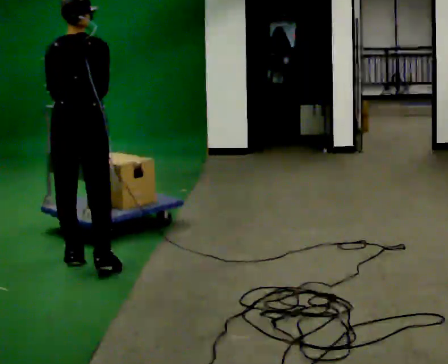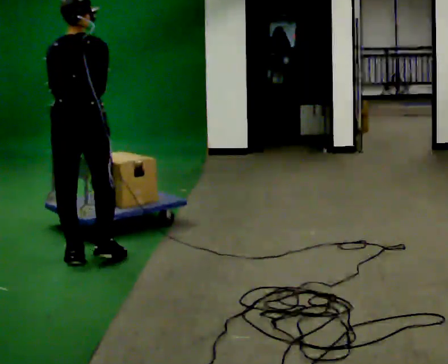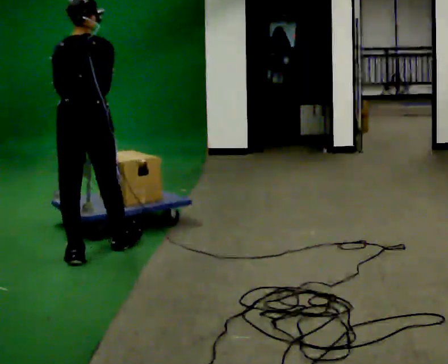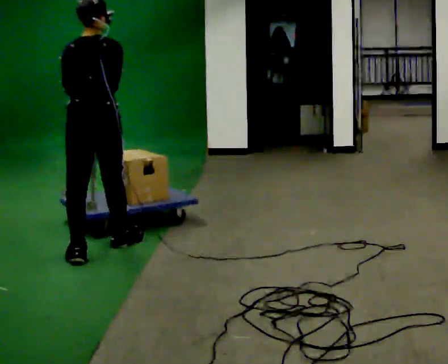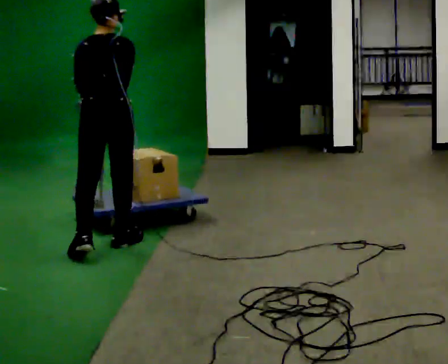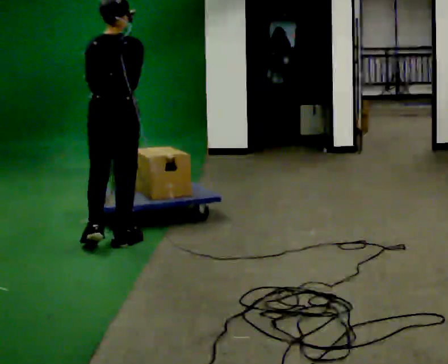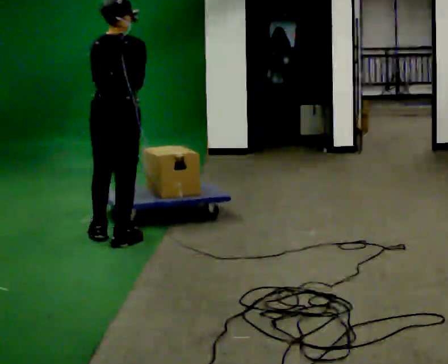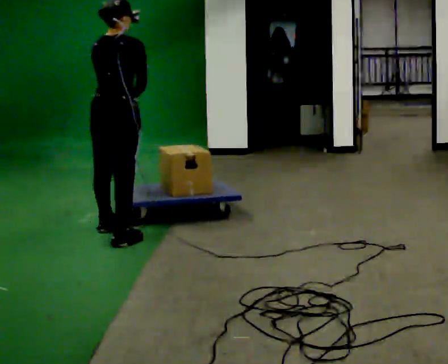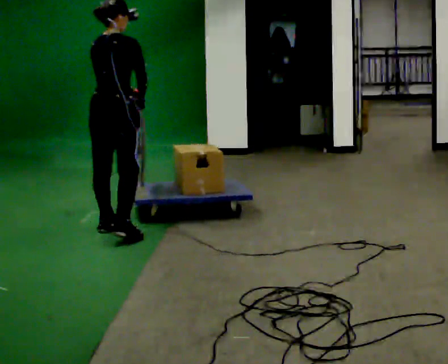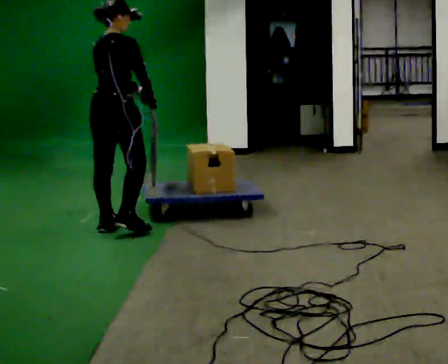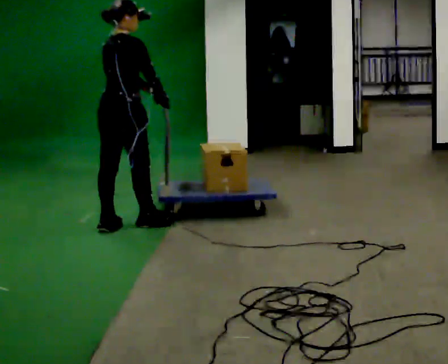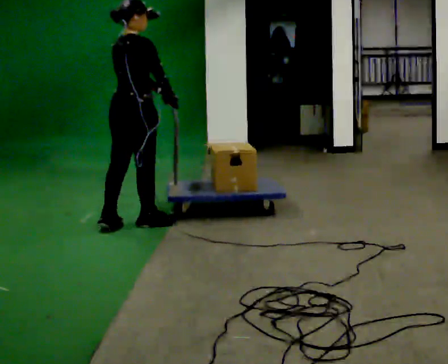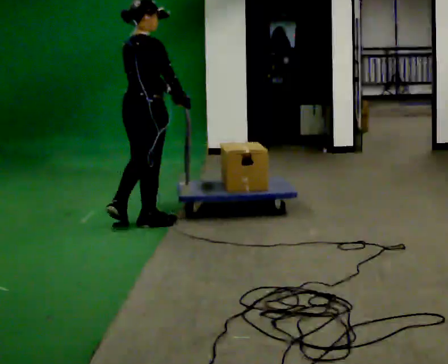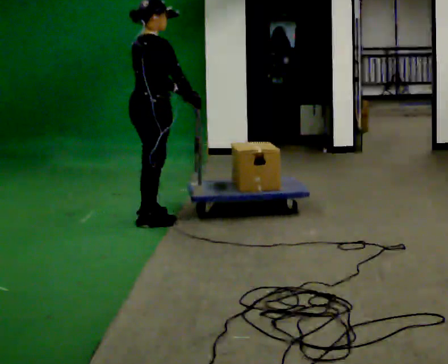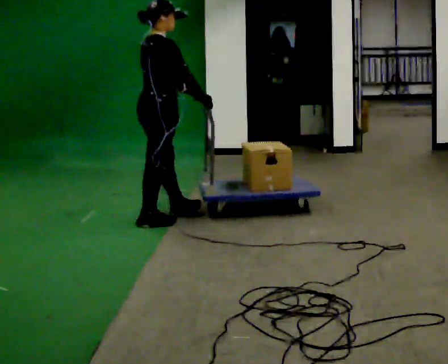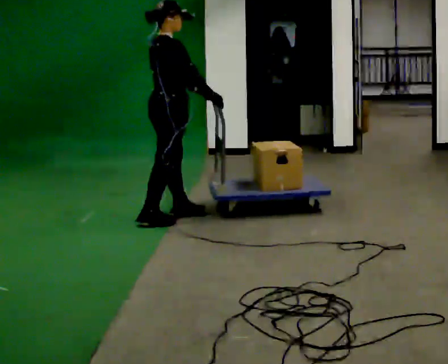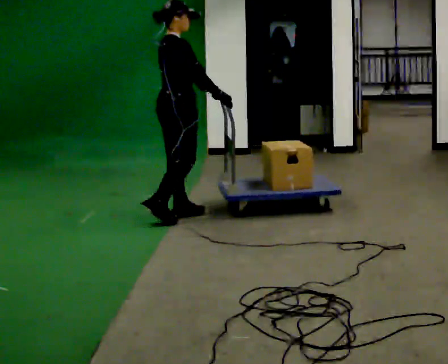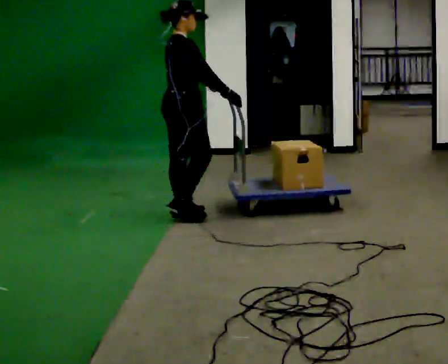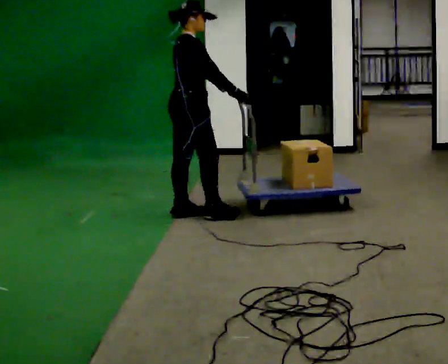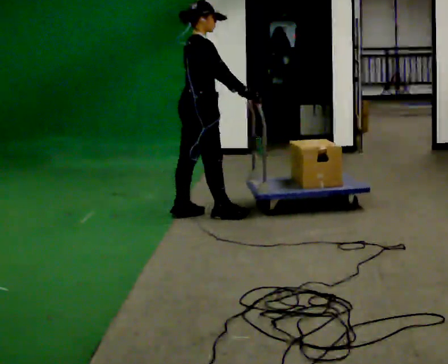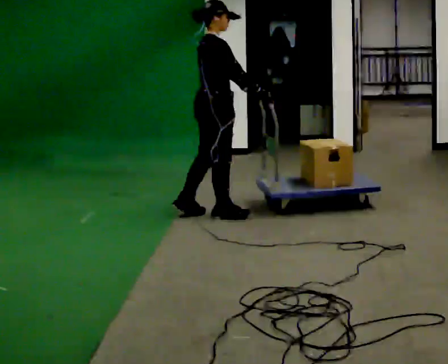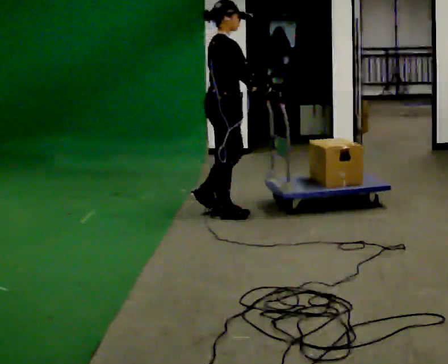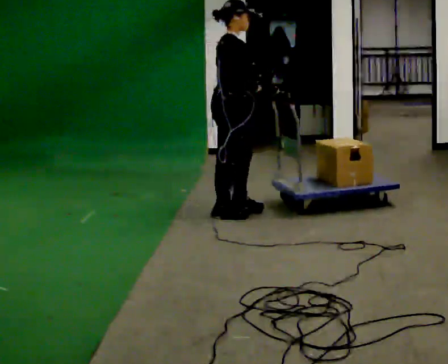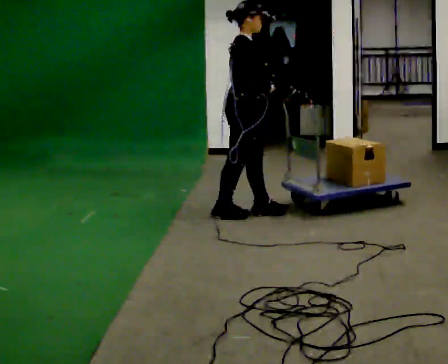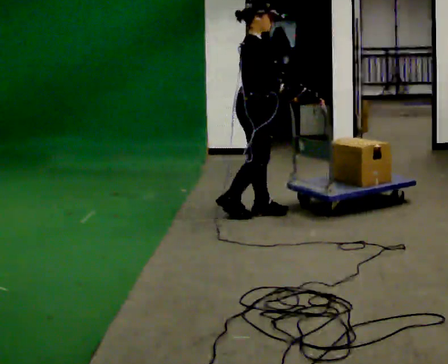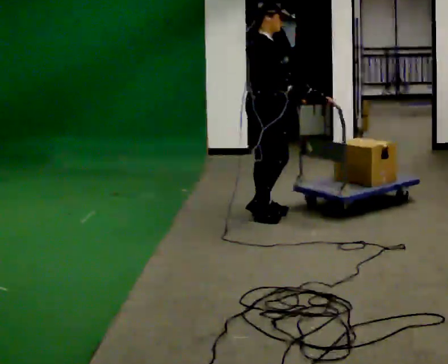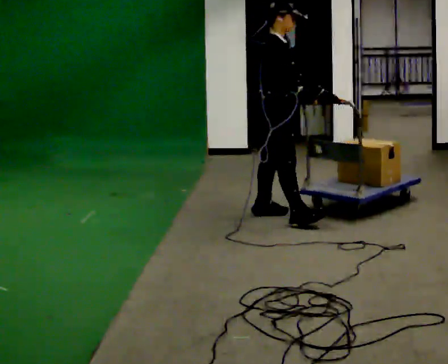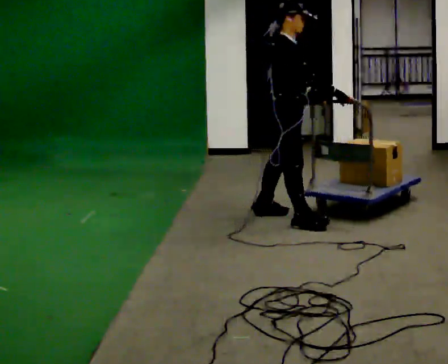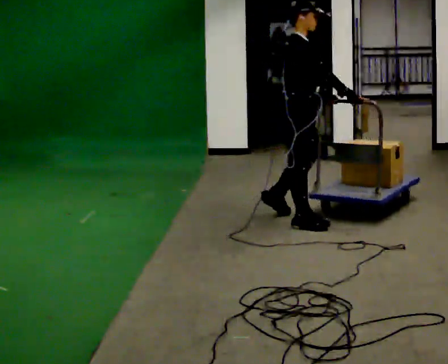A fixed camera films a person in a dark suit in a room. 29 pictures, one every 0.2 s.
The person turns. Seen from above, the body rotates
clockwise.
The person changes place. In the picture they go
to the right.
0.0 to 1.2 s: In the picture they go away from the camera and to the right, about 0.5 m in 1 step, which for them is forward and to their right.
1.2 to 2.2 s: The person turns about 30 degrees to their right, clockwise seen from above, so the part of the body nearest the lens slides to the left. In the picture they go away from the camera, about 0.25 m in 2 steps, which for them is forward.
2.2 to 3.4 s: The part of the body nearest the lens slides to the left as the person turns to their right by about 30 degrees. In the picture they go to the right and away from the camera, about 0.5 m in 1 step, which for them is forward.
3.4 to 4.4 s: In the picture they go to the right, about 0.25 m in 1 step, which for them is forward and to their right.
4.4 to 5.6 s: In the picture they go to the right and toward the camera, about 0.5 m in 2 steps, which for them is forward and to their right.
The film runs forward here.
